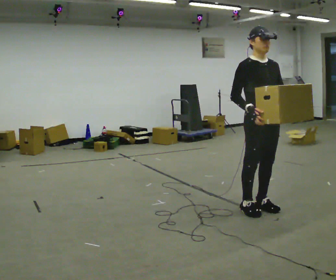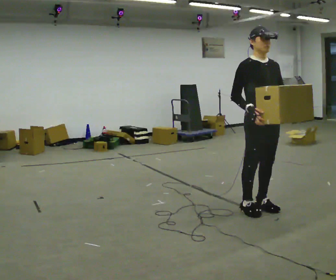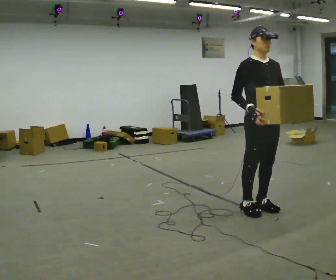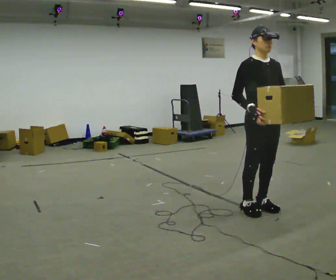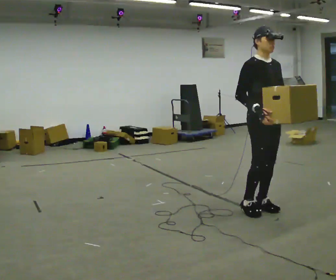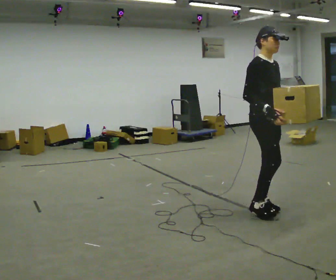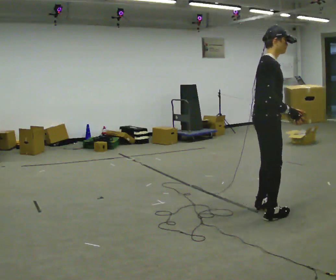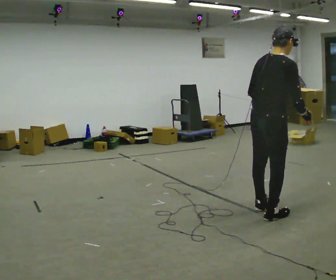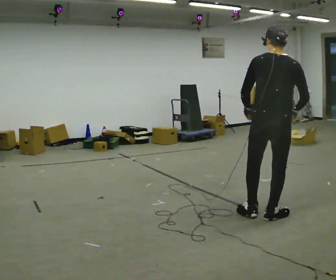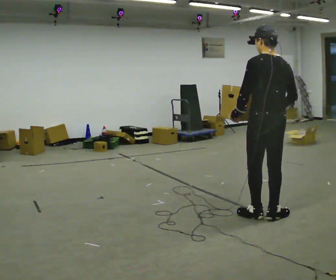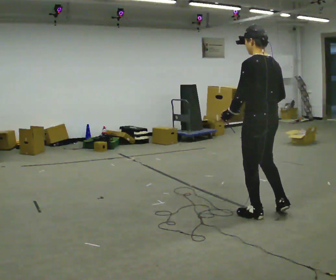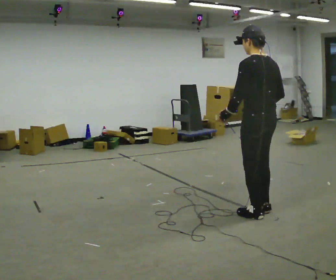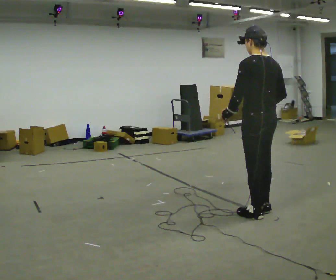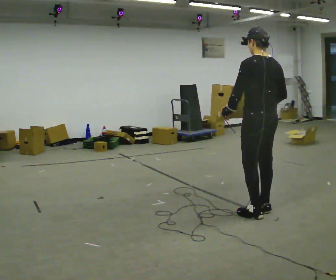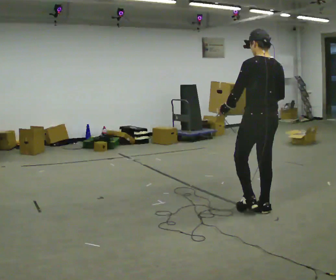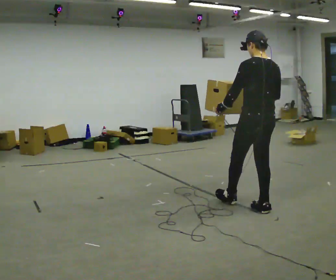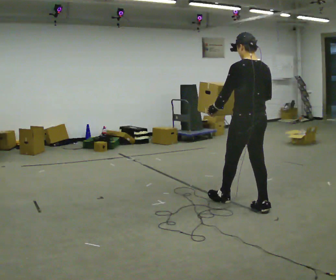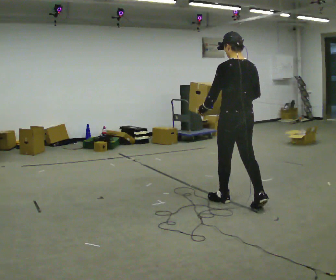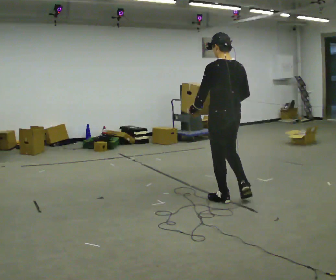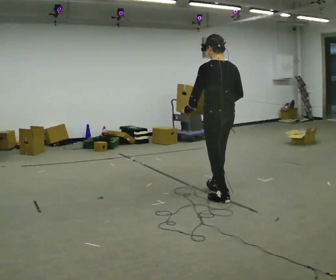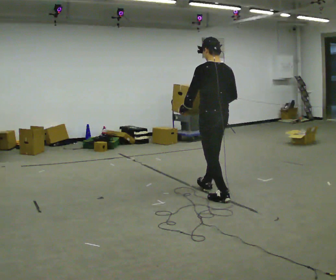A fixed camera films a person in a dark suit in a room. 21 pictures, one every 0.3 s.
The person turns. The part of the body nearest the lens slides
to the right.
The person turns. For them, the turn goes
to their left.
0.0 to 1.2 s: The person moves a little, or ends about where they began.
1.2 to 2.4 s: The person turns about 135 degrees to their left, counterclockwise seen from above, so the part of the body nearest the lens slides to the right. In the picture they go toward the camera, about 0.25 m in 1 step.
2.4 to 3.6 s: The person turns about 45 degrees to their left, counterclockwise seen from above, so the part of the body nearest the lens slides to the right.
3.6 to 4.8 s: In the picture they go away from the camera, about 0.25 m in 1 step, which for them is forward.
4.8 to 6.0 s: In the picture they go away from the camera and to the left, about 0.5 m in 1 step, which for them is forward.
The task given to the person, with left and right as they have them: Carry the heaviest box in both hands in front of you, walking back and forth across the room. Only carry what is comfortable. Set it down whenever you need to.
The film runs forward here.
